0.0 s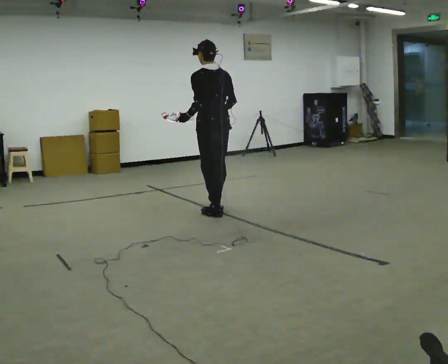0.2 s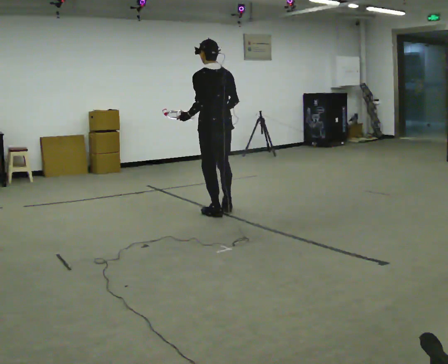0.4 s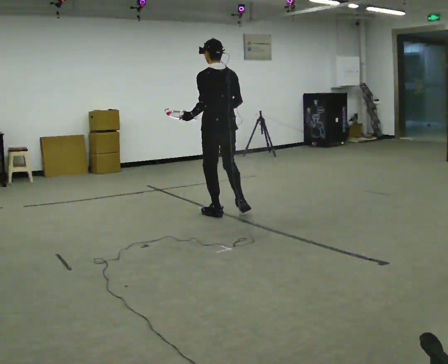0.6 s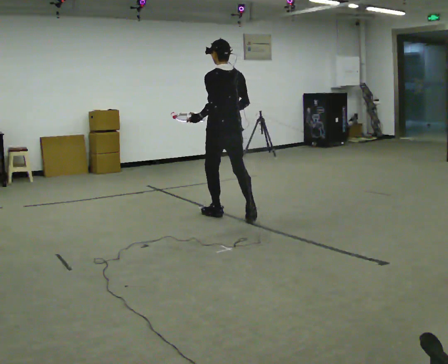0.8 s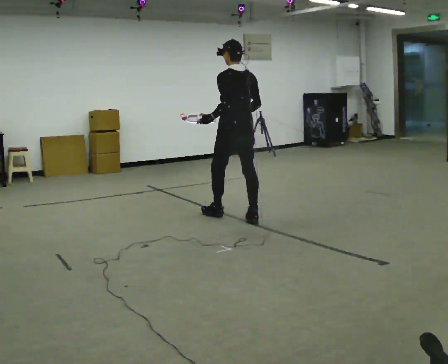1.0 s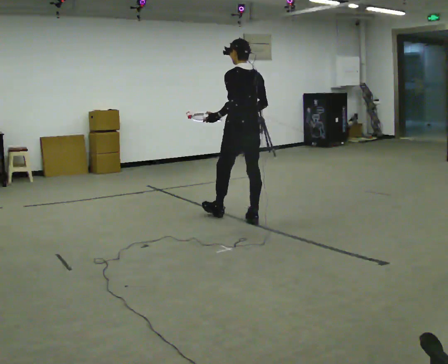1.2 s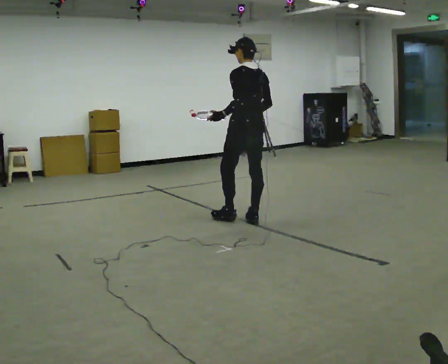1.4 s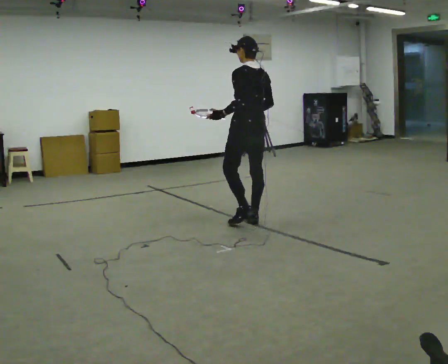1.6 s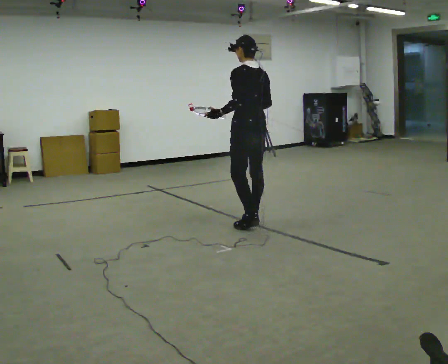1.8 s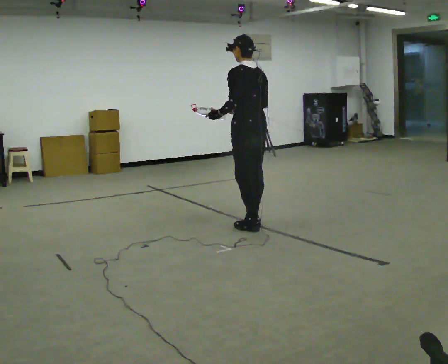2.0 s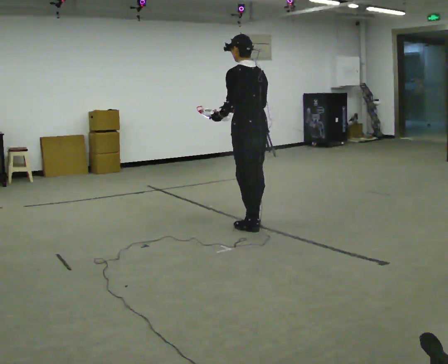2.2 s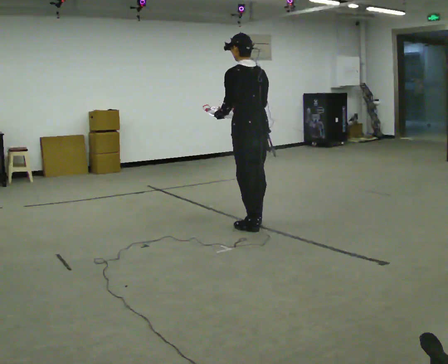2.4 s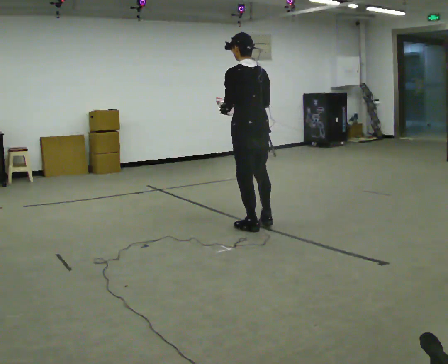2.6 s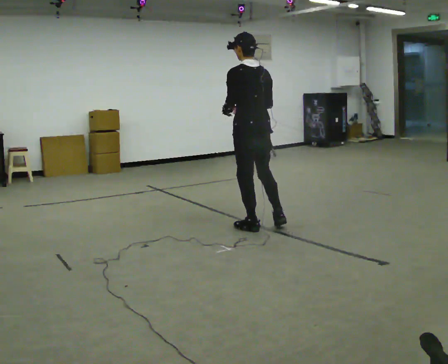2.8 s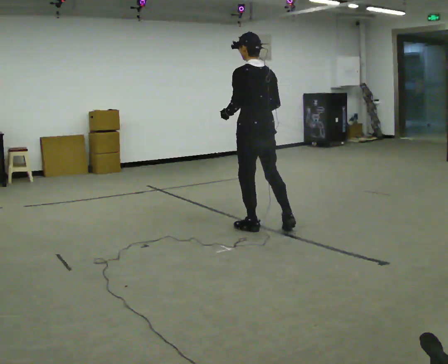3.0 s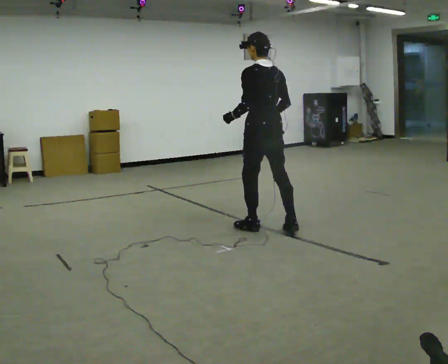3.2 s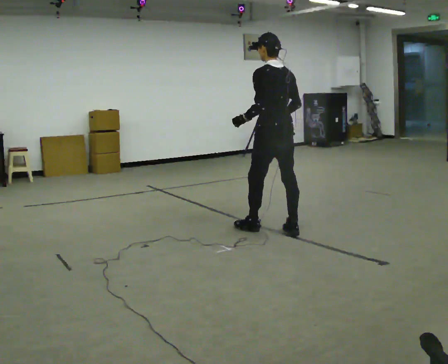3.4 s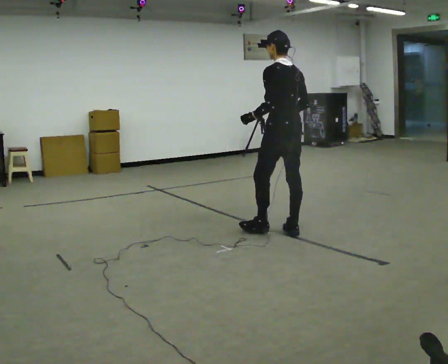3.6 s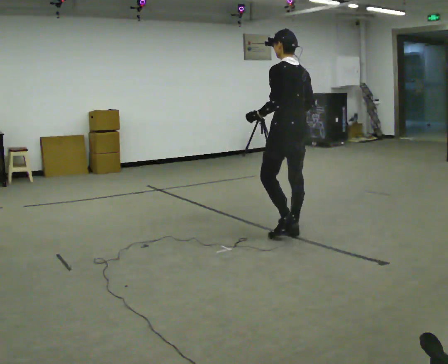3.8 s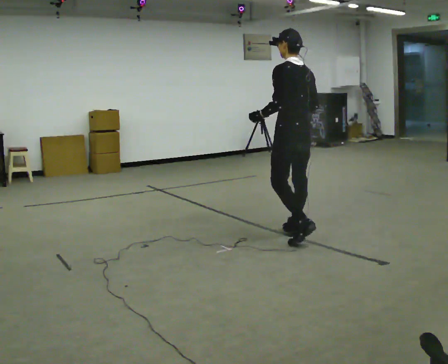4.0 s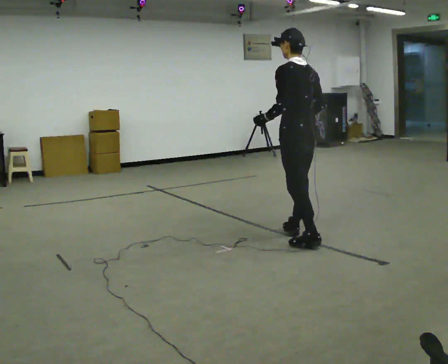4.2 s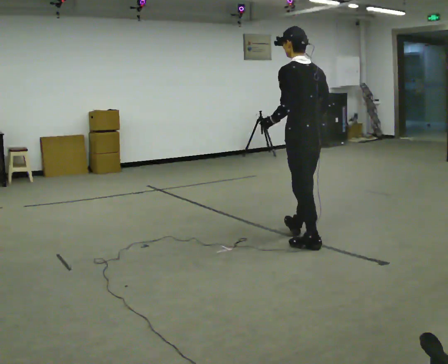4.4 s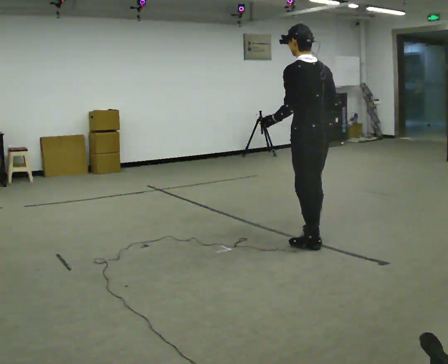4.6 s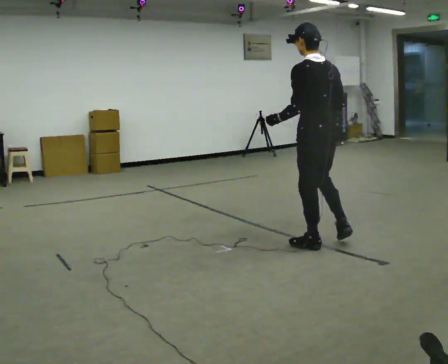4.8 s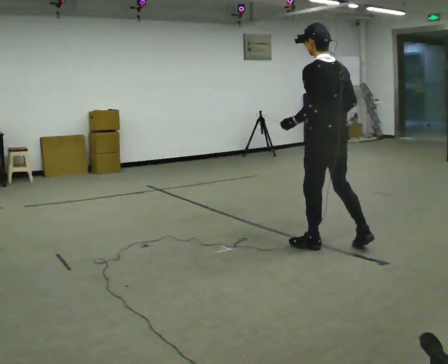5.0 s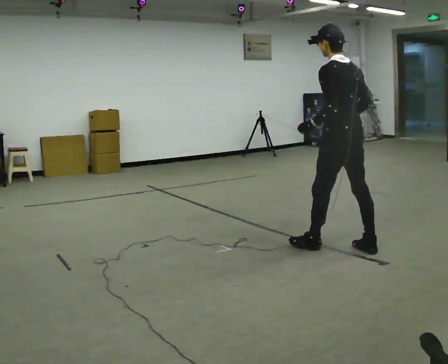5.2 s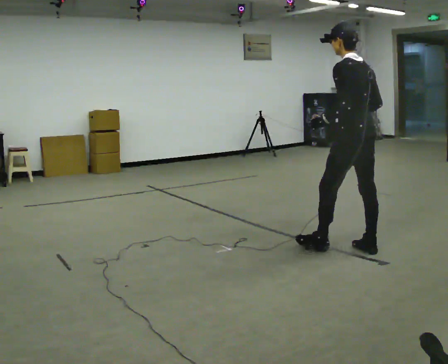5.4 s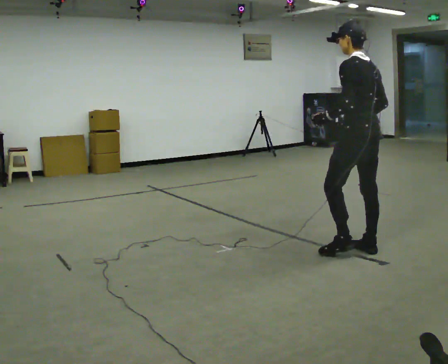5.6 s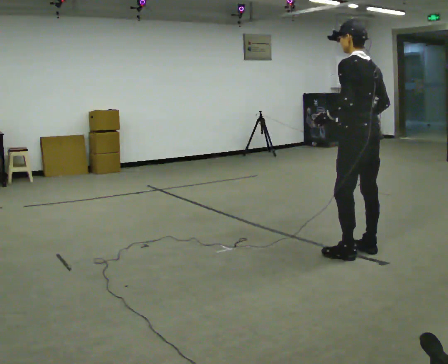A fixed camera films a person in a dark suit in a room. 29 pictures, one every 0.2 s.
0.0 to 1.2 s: In the picture they go to the right and toward the camera, about 0.5 m in 1 step, which for them is backward.
1.2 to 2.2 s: In the picture they go toward the camera, about 0.25 m in 1 step, which for them is backward and to their left.
2.2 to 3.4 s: In the picture they go to the right, about 0.25 m in 1 step, which for them is backward and to their right.
3.4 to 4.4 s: In the picture they go toward the camera and to the right, about 0.5 m in 1 step, which for them is backward and to their left.
4.4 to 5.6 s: In the picture they go to the right and toward the camera, about 0.5 m in 1 step, which for them is backward.
The film runs backward here.
